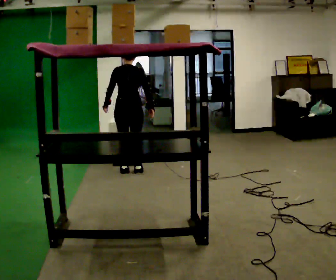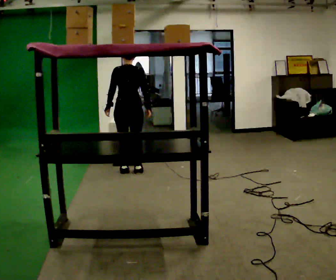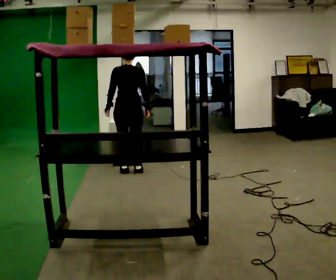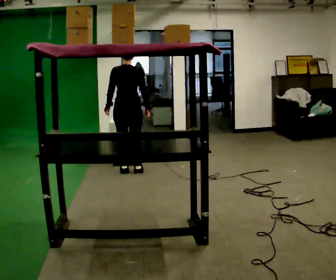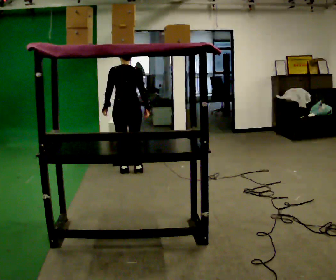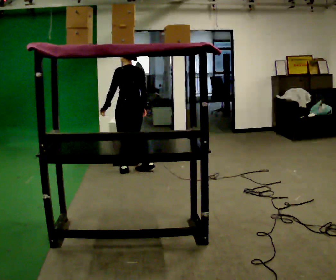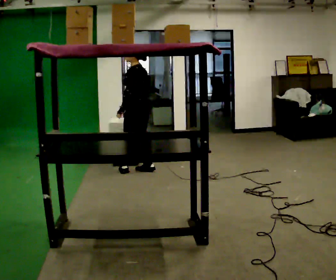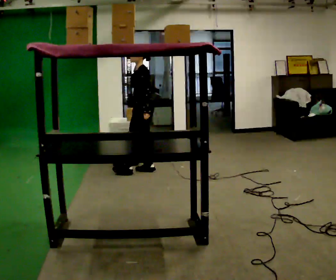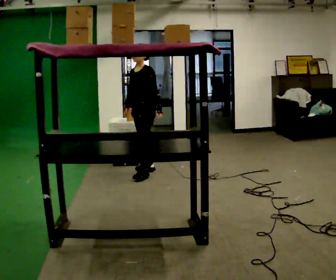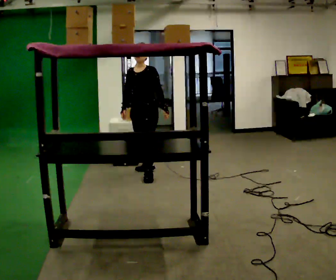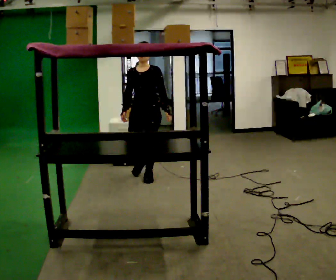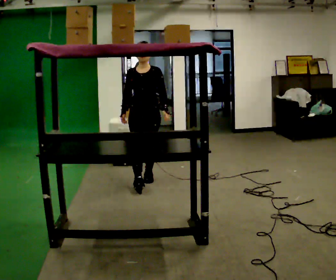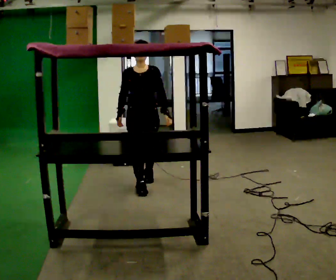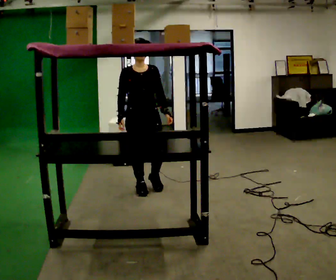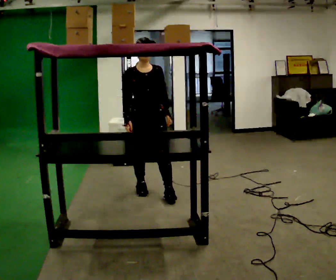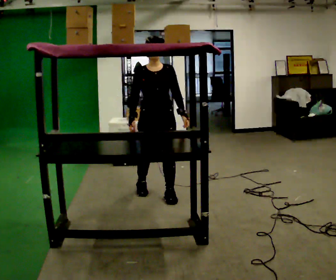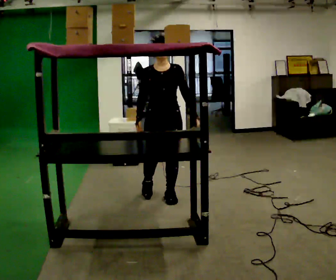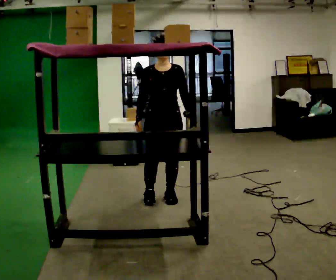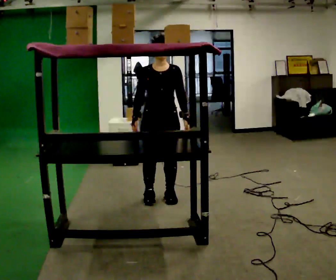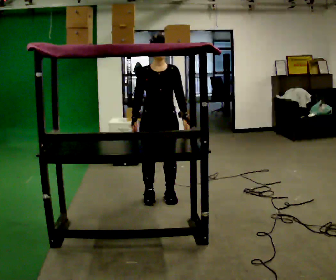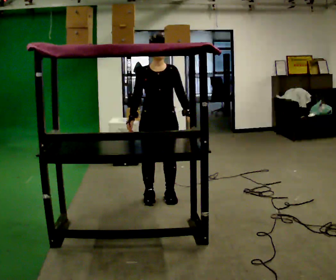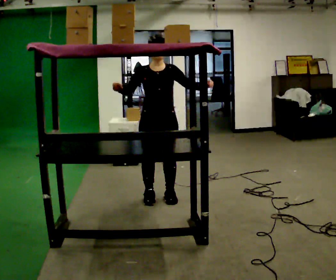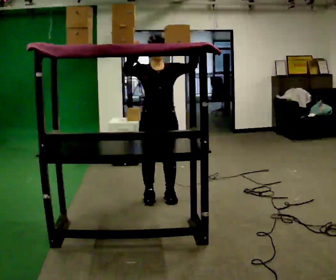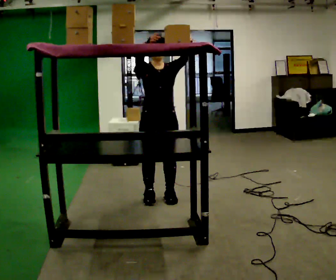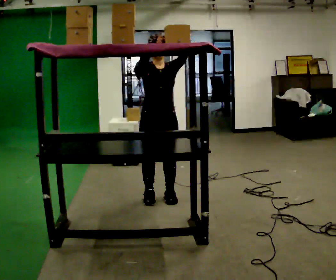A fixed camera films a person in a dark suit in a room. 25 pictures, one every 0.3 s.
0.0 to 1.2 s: The person moves a little, or ends about where they began.
1.2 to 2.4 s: Seen from above the body turns counterclockwise, about 105 degrees: to their left, with its near side sliding to the right. In the picture they go to the right, about 0.25 m in 1 step. In the picture their left hand goes to the right, the arm swinging counterclockwise.
2.4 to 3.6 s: The person turns about 60 degrees to their left, counterclockwise seen from above, so the part of the body nearest the lens slides to the right. In the picture they go toward the camera, about 0.75 m in 2 steps.
3.6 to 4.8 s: In the picture they go toward the camera and to the right, about 0.5 m in 1 step, which for them is forward.
4.8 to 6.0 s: The person moves a little, or ends about where they began.
6.0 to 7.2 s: In the picture their right hand goes upward.
The film runs forward here.
